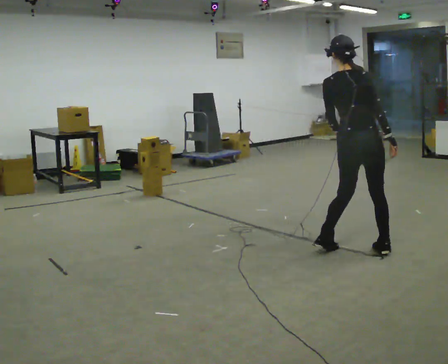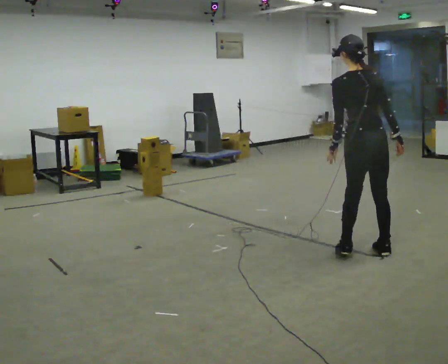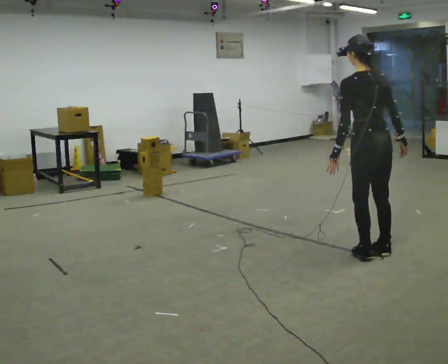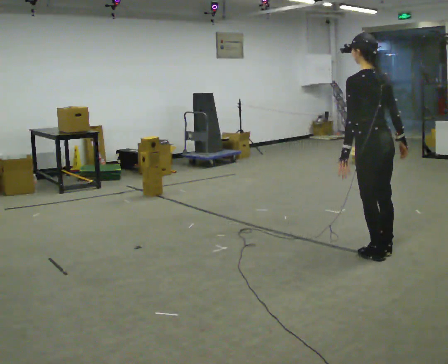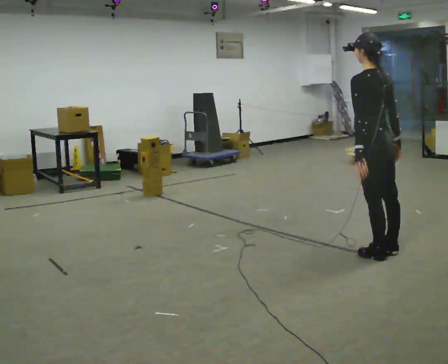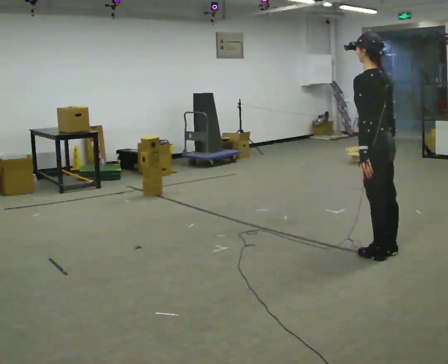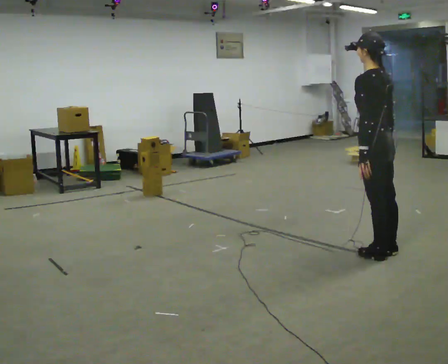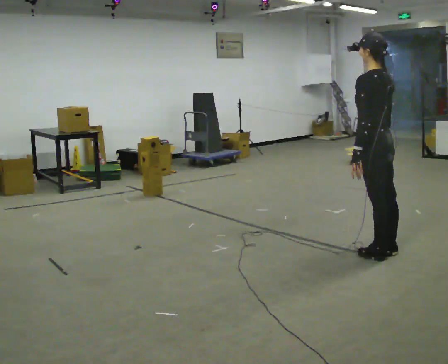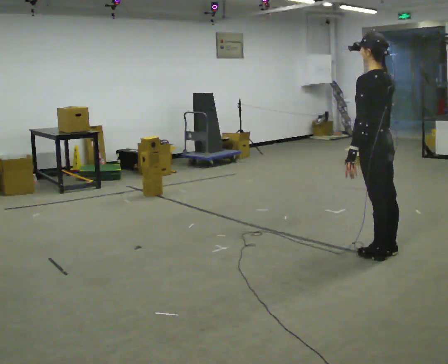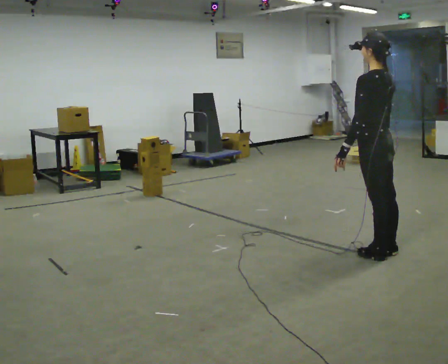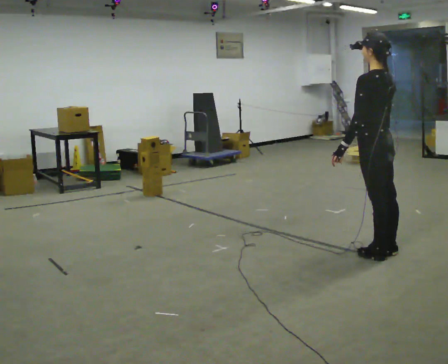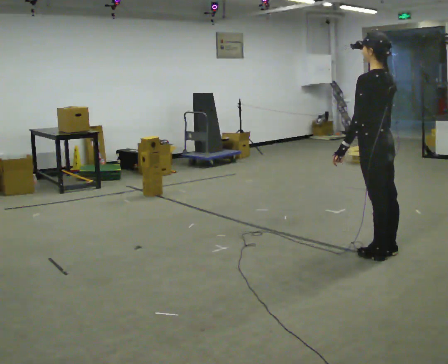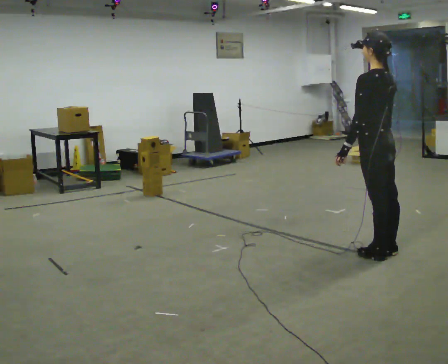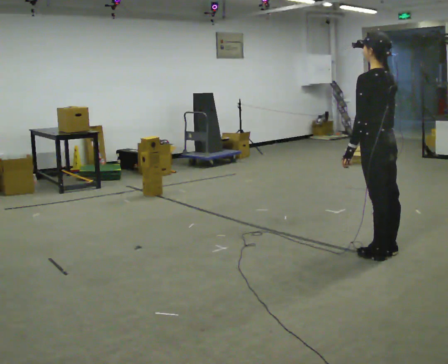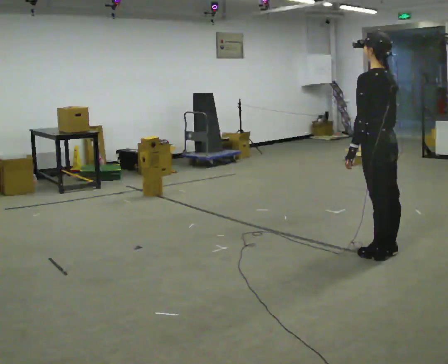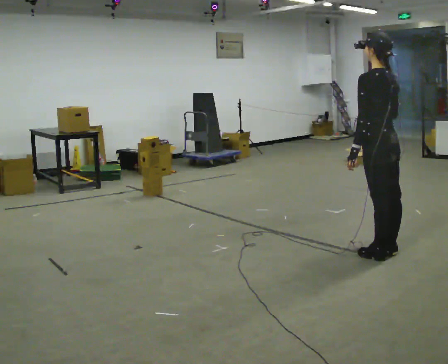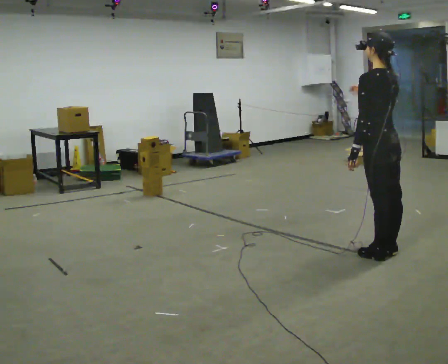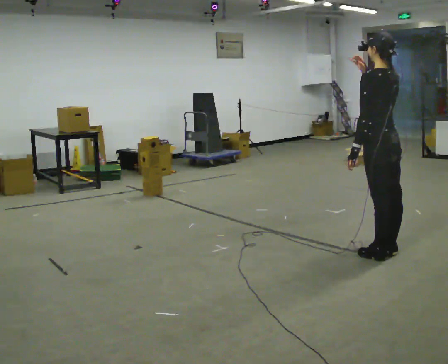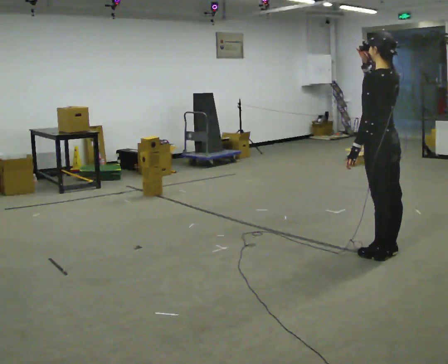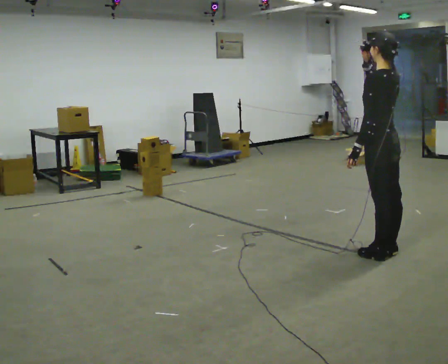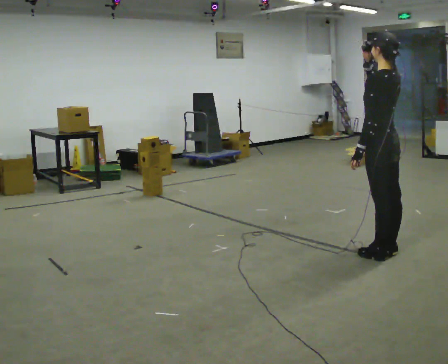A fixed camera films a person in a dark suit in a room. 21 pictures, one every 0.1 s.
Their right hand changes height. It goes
upward.
0.0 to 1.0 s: Seen from above the body turns counterclockwise, about 60 degrees: to their left, with its near side sliding to the right.
1.0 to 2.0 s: In the picture their right hand goes upward.
The film runs forward here.
